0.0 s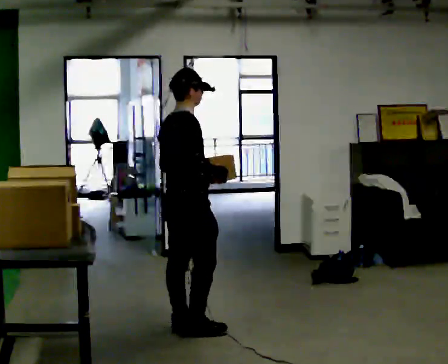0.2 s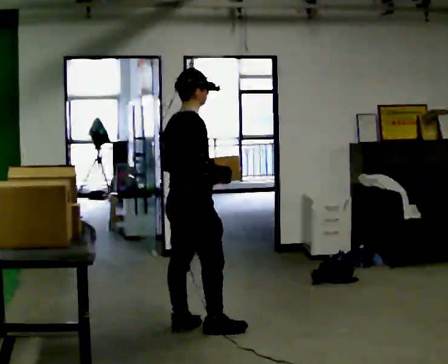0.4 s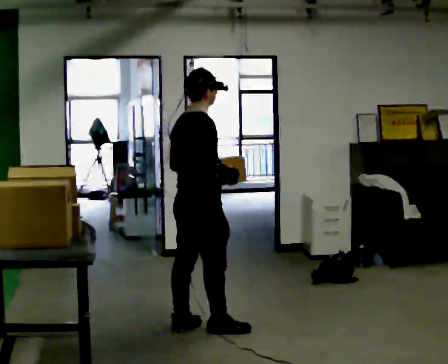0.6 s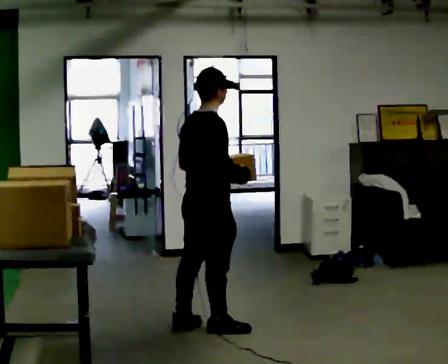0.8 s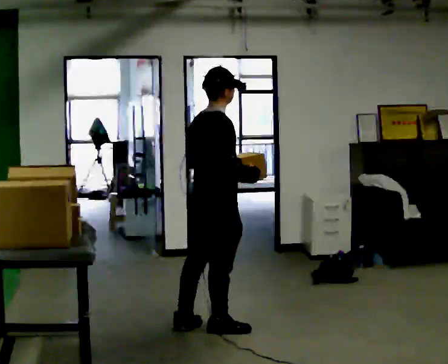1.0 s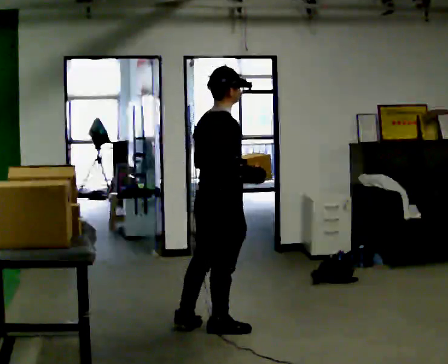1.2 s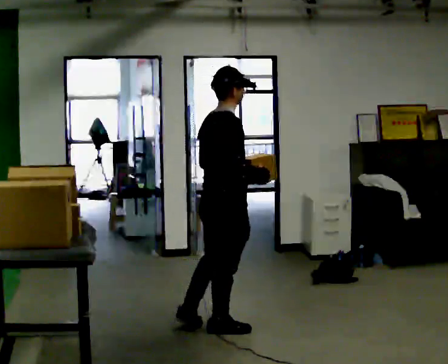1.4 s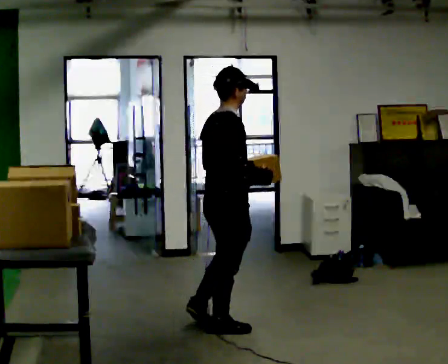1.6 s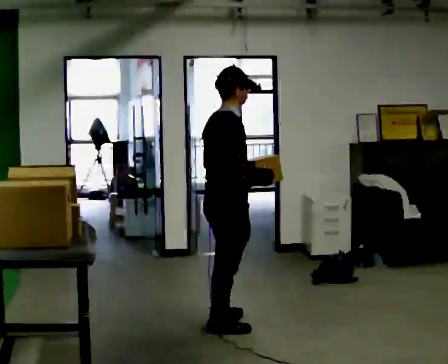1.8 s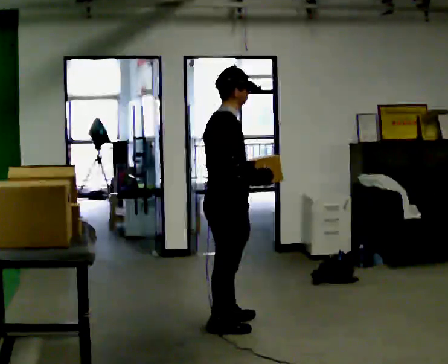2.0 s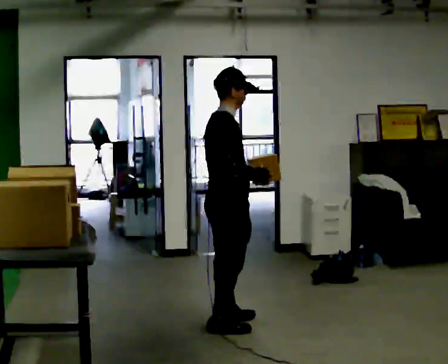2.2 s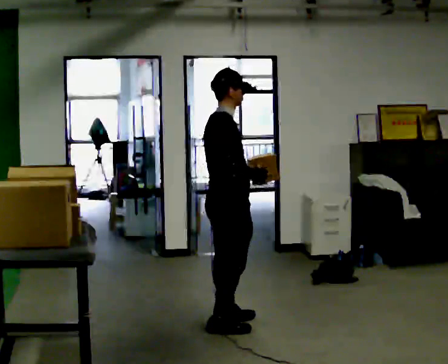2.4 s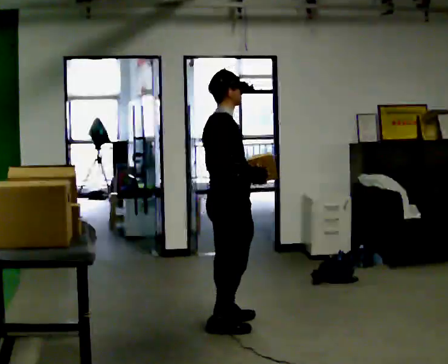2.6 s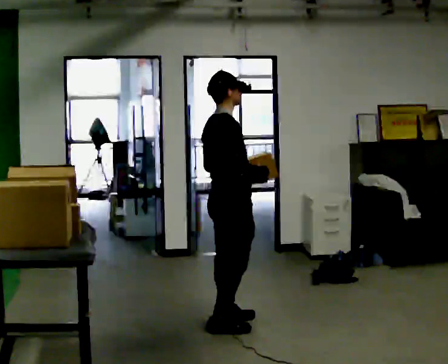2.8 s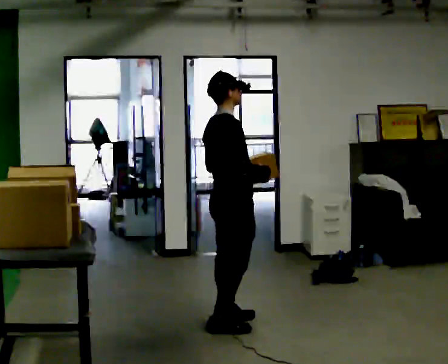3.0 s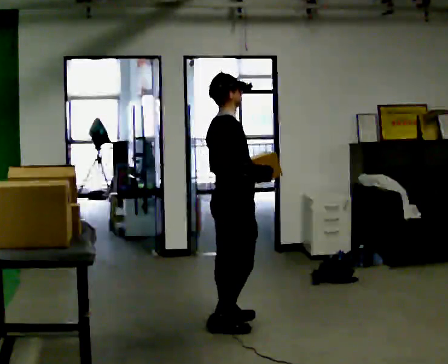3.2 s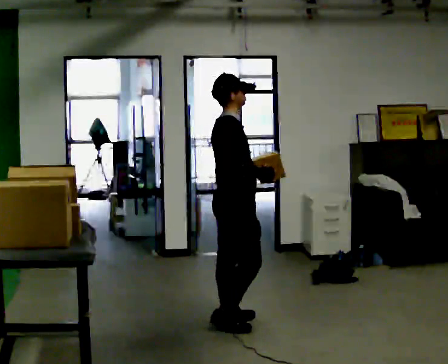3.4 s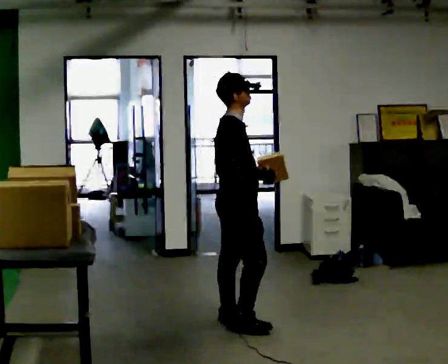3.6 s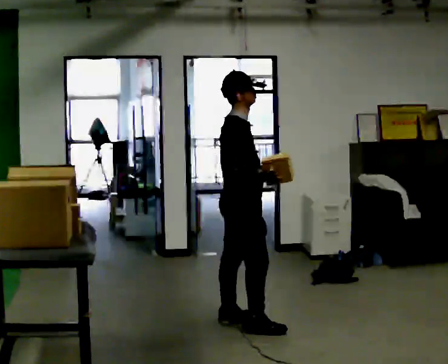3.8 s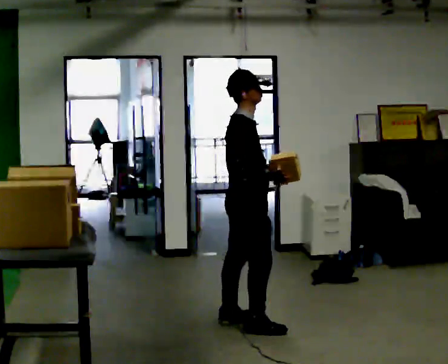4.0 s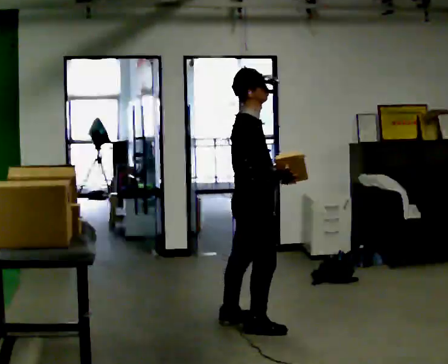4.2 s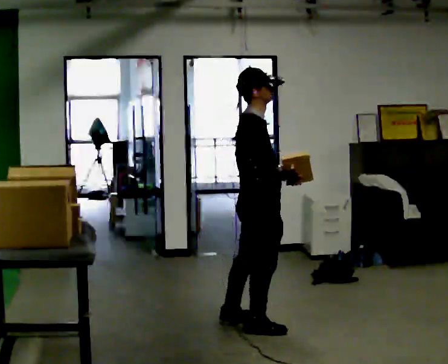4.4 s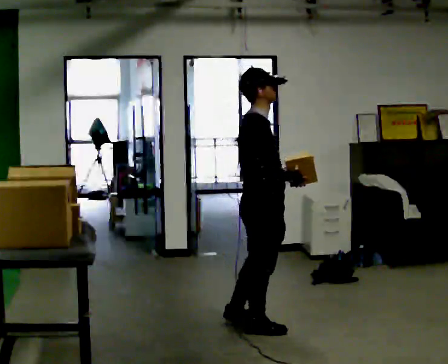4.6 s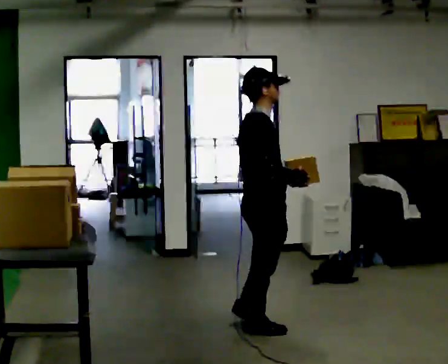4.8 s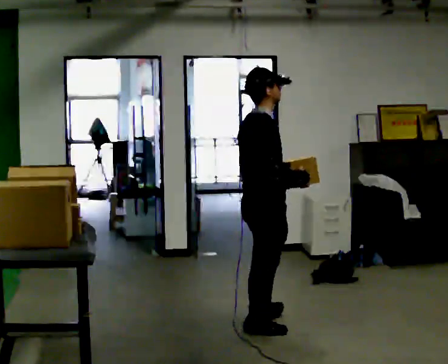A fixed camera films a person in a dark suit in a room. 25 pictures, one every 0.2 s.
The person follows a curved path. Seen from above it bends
clockwise.
0.0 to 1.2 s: In the picture they go to the right, about 0.25 m in 1 step, which for them is to their right and forward.
1.2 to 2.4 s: In the picture they go away from the camera, about 0.25 m in 1 step, which for them is to their left.
2.4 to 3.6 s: The person moves a little, or ends about where they began.
3.6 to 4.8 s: In the picture they go toward the camera, about 0.25 m, which for them is to their right.
The film runs forward here.
